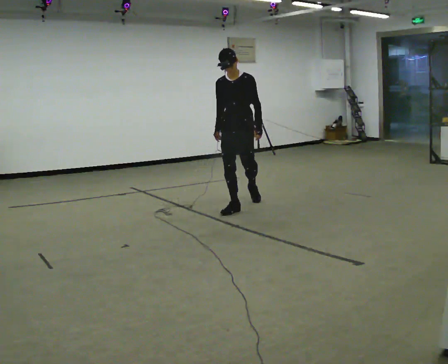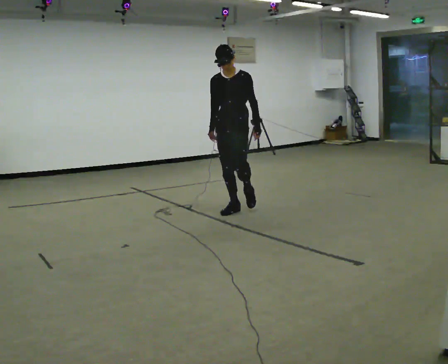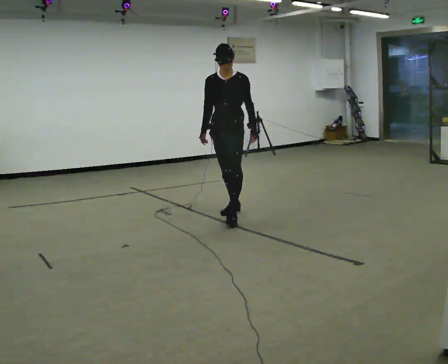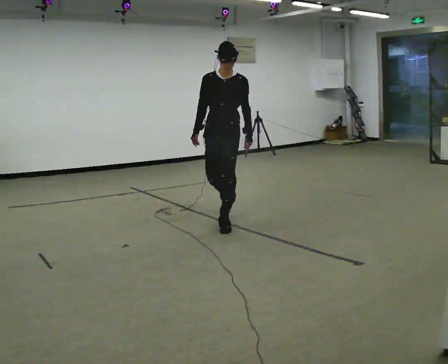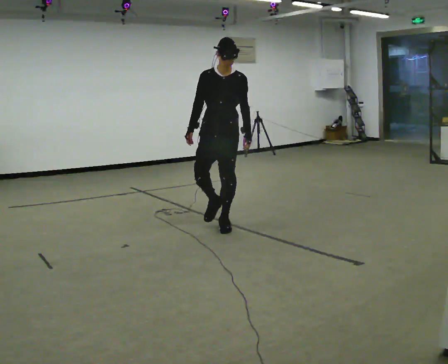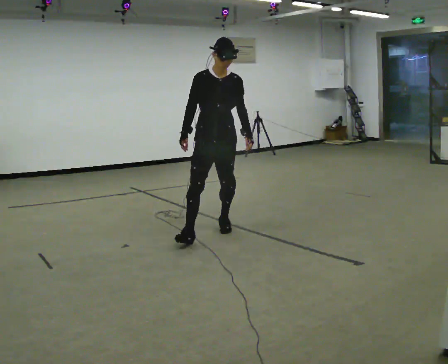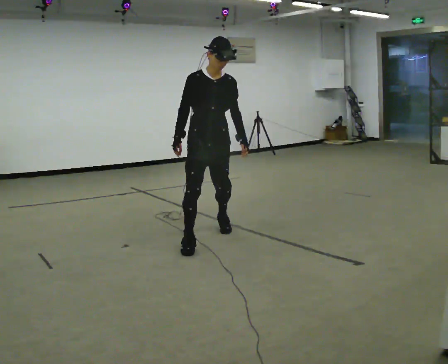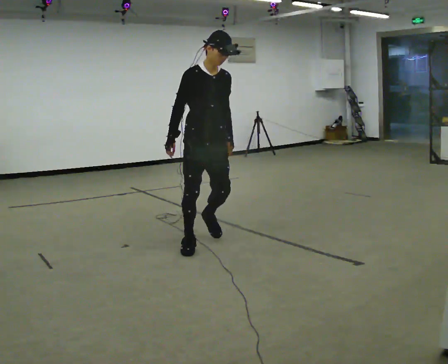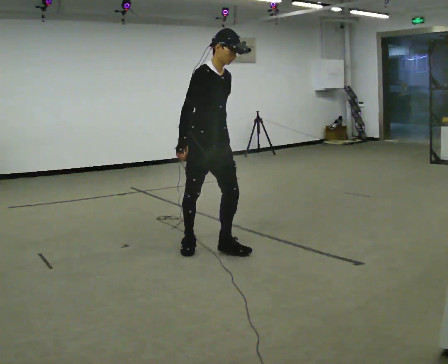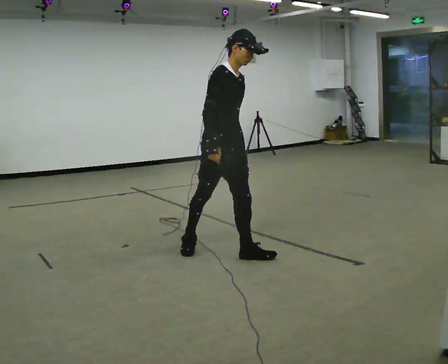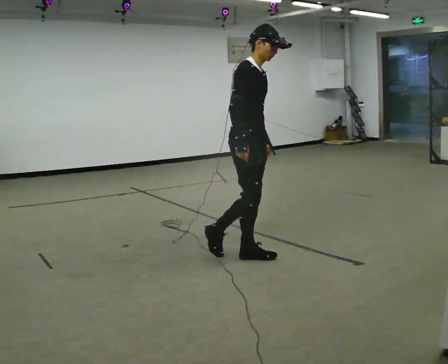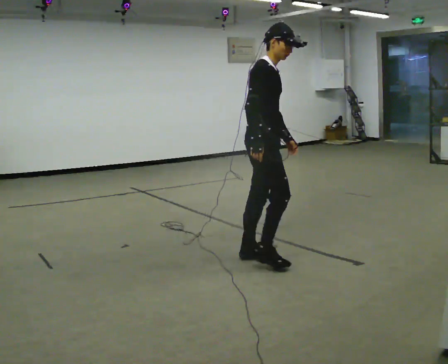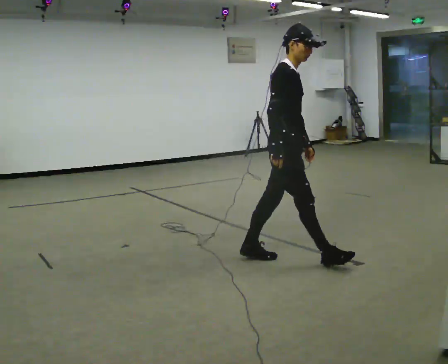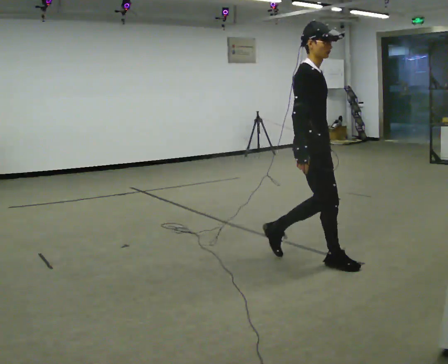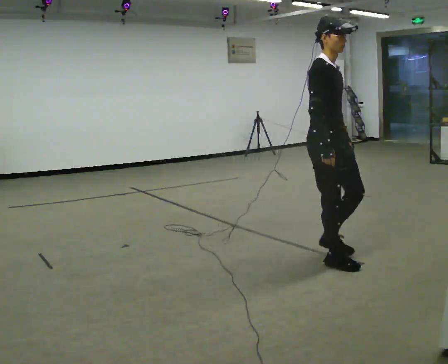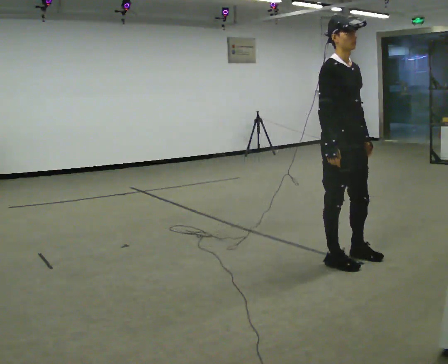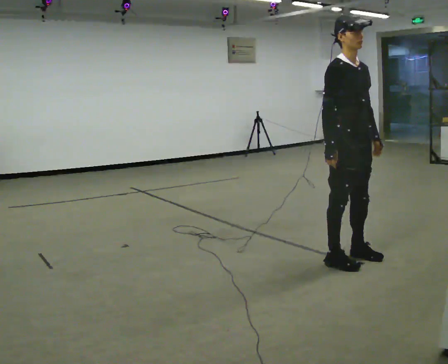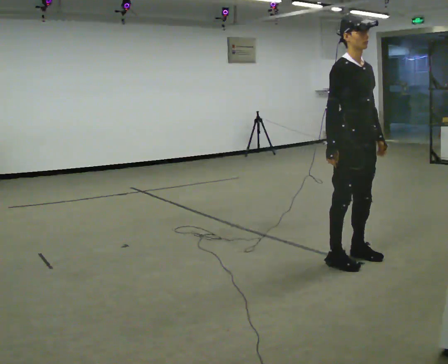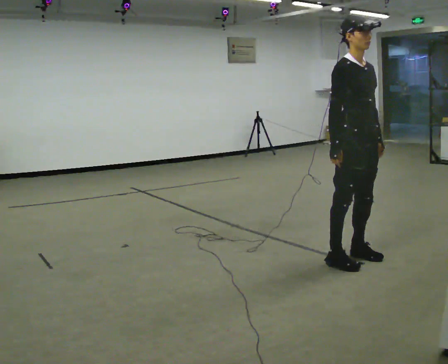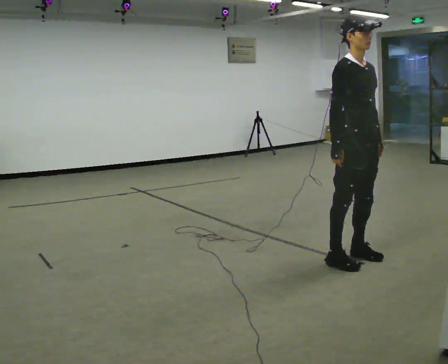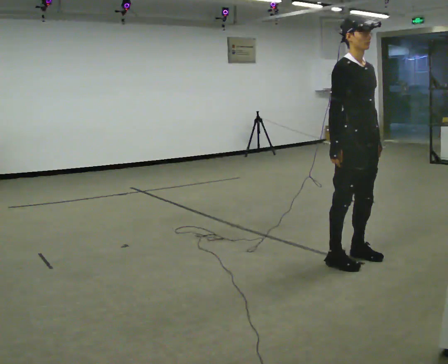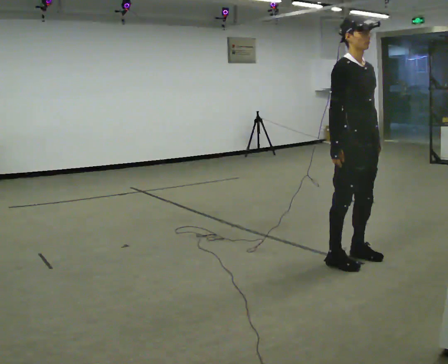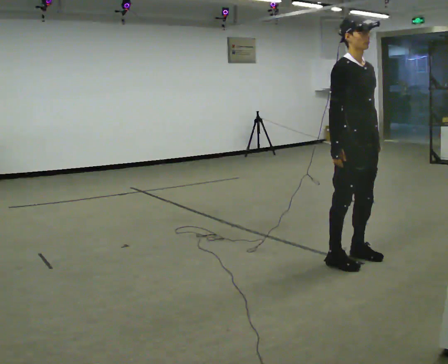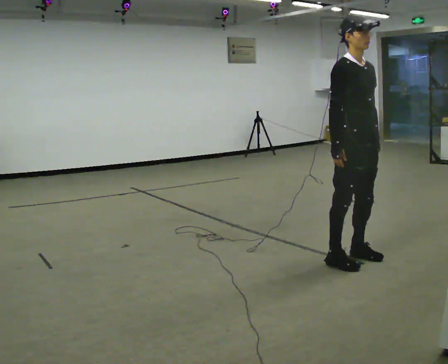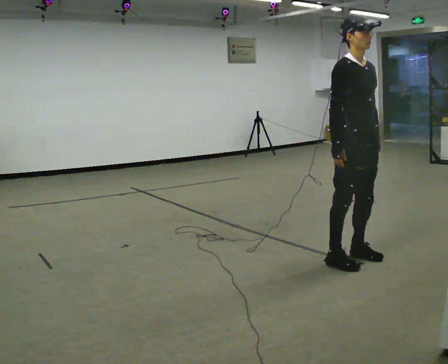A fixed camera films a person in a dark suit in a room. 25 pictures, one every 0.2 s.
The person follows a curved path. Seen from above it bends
counterclockwise.
The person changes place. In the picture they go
toward the camera.
0.0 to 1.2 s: The person turns about 30 degrees to their left, counterclockwise seen from above, so the part of the body nearest the lens slides to the right. In the picture they go toward the camera, about 1 m in 2 steps, which for them is forward.
1.2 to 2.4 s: The person turns about 60 degrees to their left, counterclockwise seen from above, so the part of the body nearest the lens slides to the right. In the picture they go to the right and toward the camera, about 1 m in 1 step, which for them is forward.
2.4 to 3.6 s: The person turns about 30 degrees to their right, clockwise seen from above, so the part of the body nearest the lens slides to the left. In the picture they go to the right, about 0.5 m in 2 steps, which for them is forward and to their left.
3.6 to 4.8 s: The person keeps their place and pose.
The film runs forward here.
